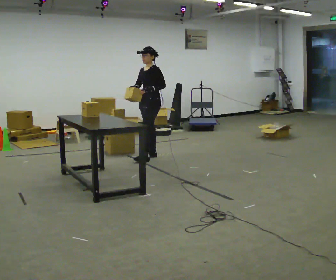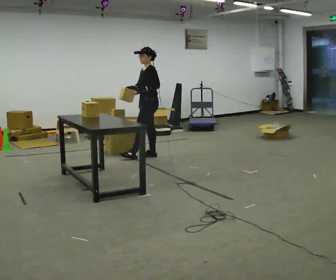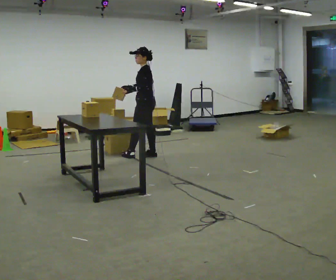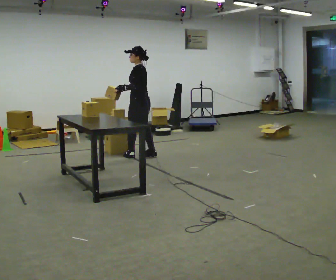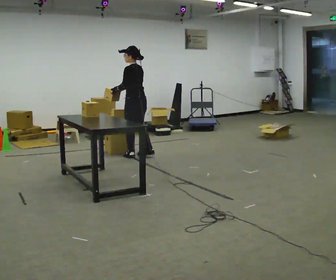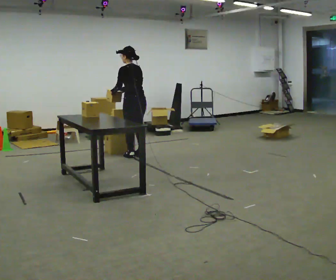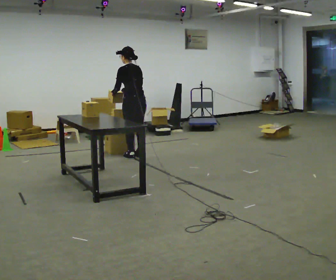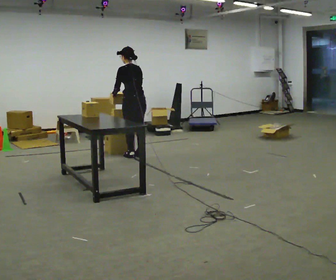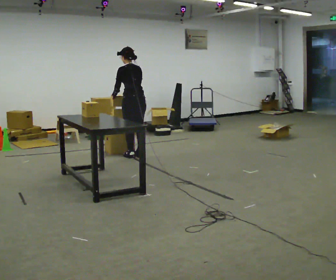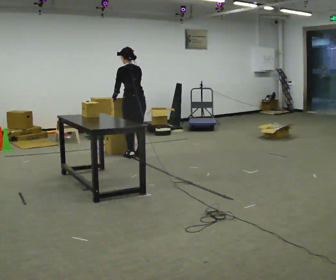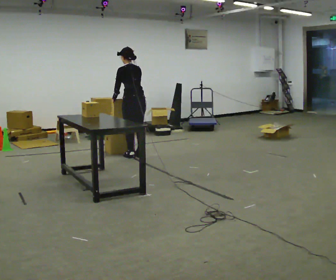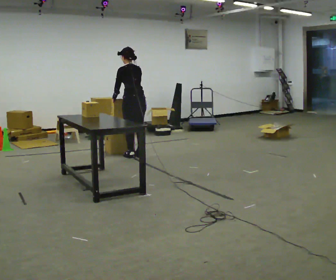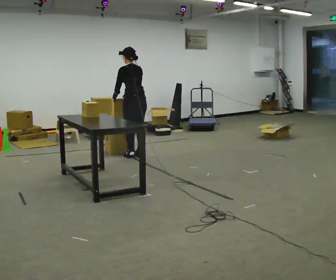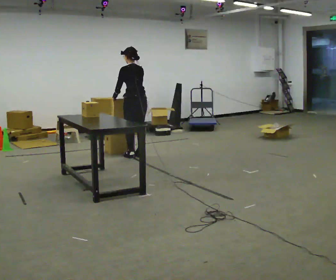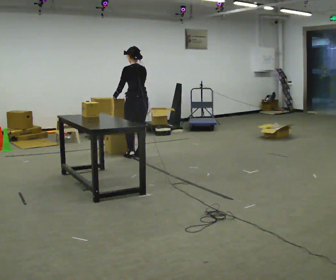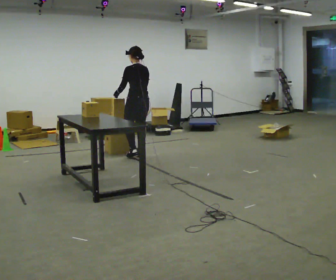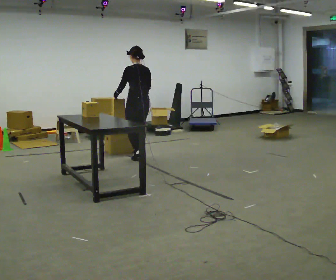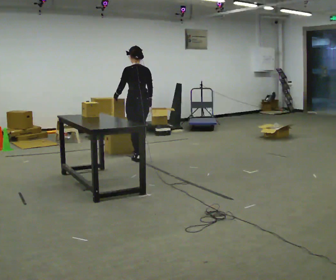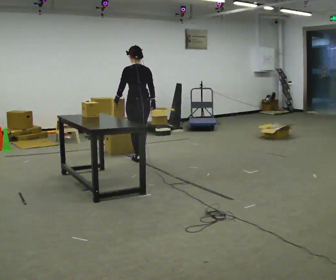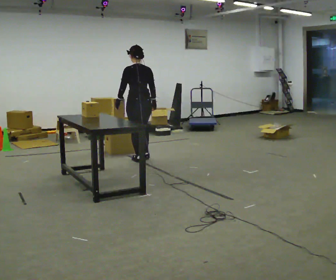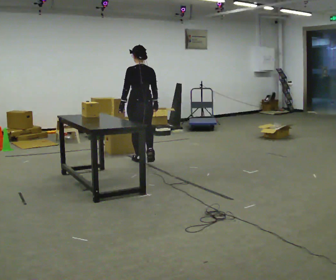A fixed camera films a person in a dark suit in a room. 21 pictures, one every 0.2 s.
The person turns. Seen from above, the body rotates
clockwise.
The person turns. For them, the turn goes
to their right.
0.0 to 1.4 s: Seen from above the body turns clockwise, about 90 degrees: to their right, with its near side sliding to the left. In the picture they go to the left, about 0.25 m in 1 step.
1.4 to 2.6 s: The person moves a little, or ends about where they began.
2.6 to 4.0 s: In the picture they go toward the camera, about 0.25 m in 2 steps, which for them is backward.
The film runs backward here.
